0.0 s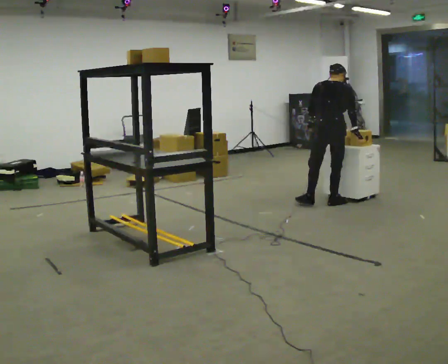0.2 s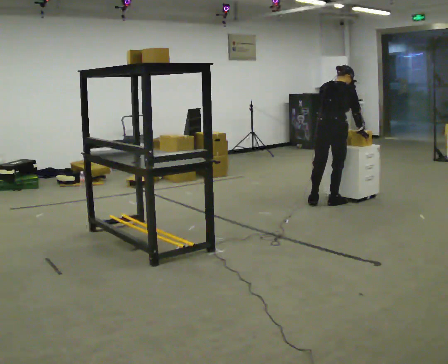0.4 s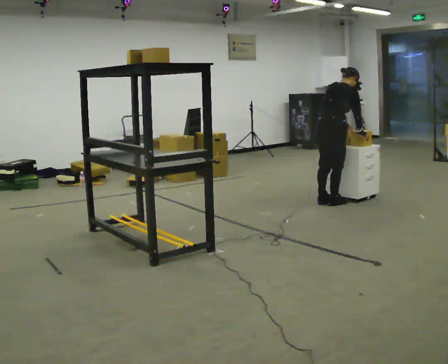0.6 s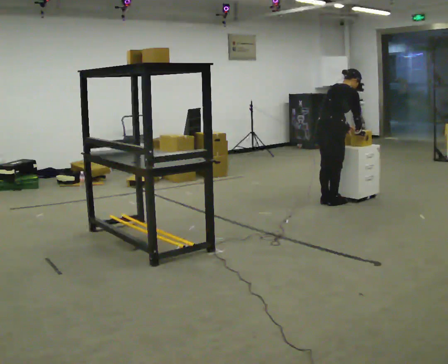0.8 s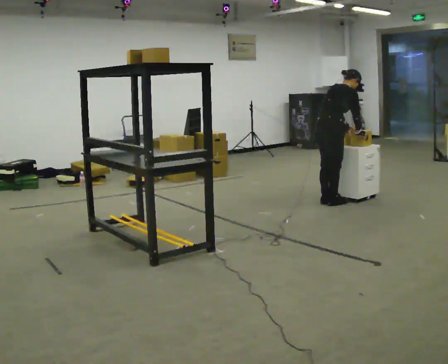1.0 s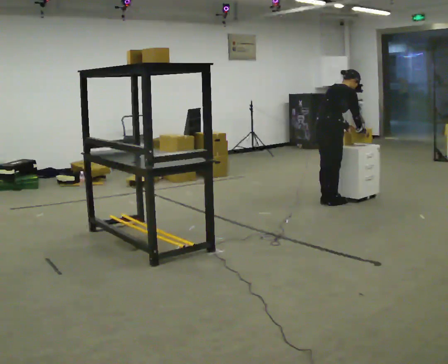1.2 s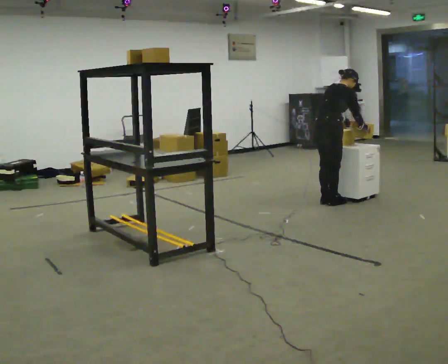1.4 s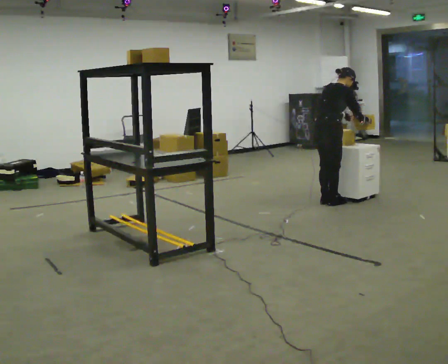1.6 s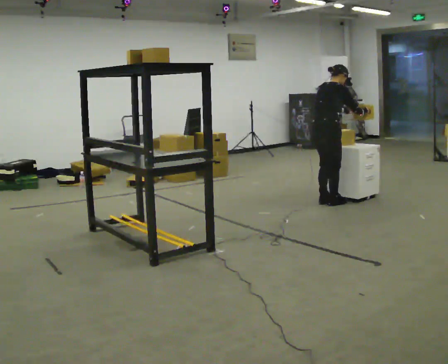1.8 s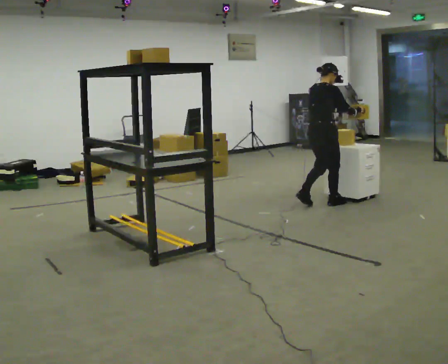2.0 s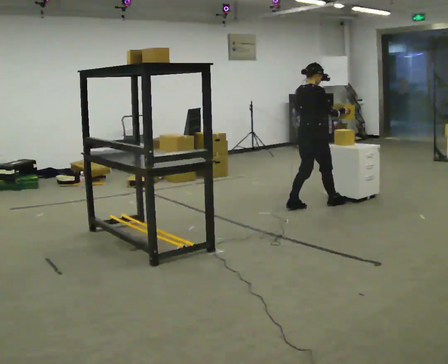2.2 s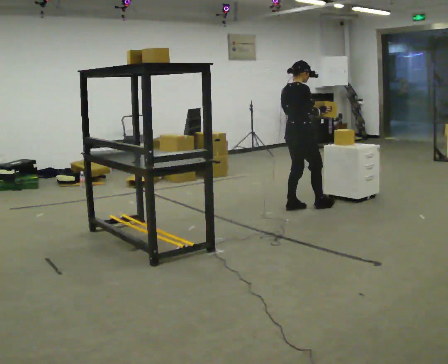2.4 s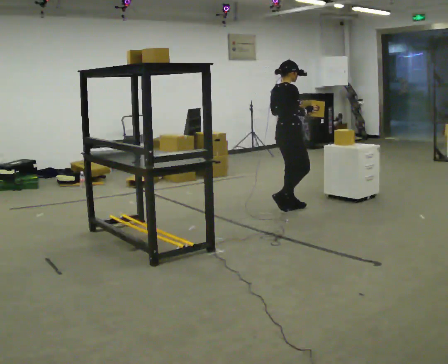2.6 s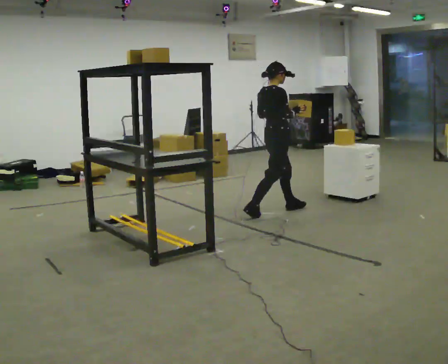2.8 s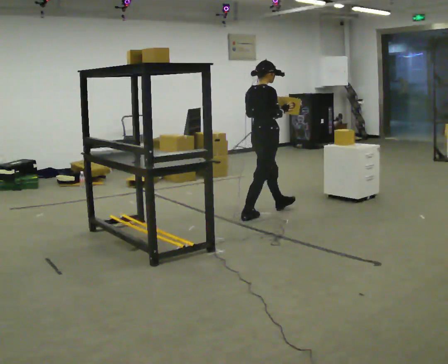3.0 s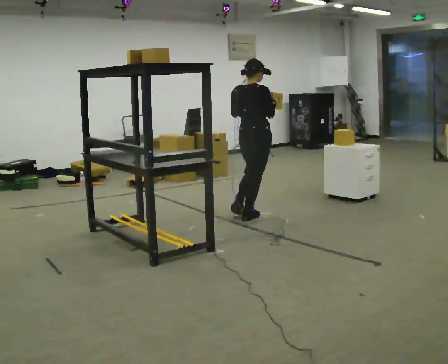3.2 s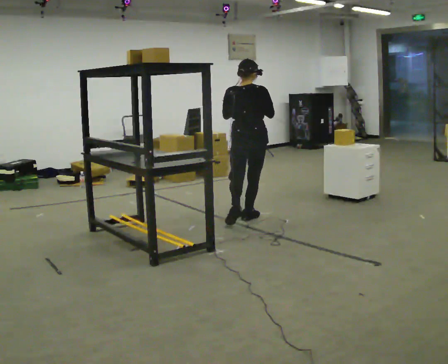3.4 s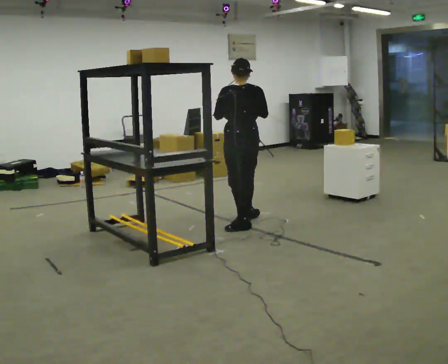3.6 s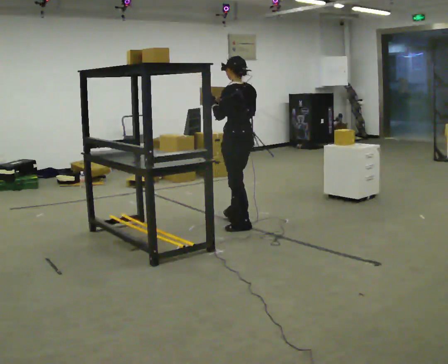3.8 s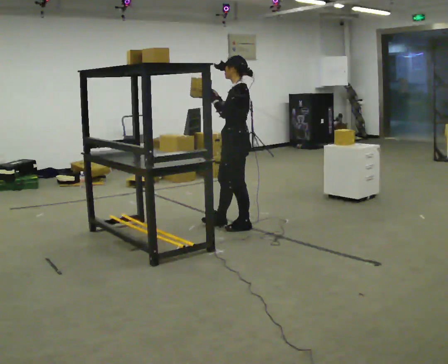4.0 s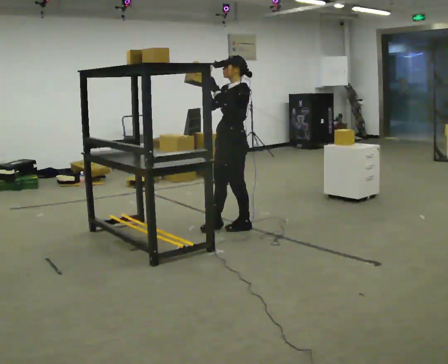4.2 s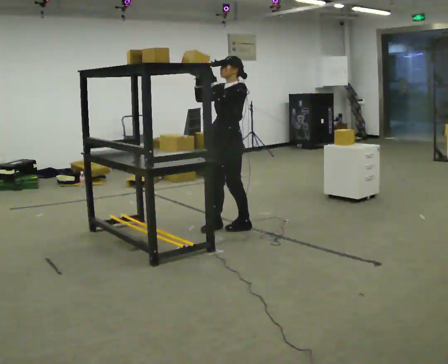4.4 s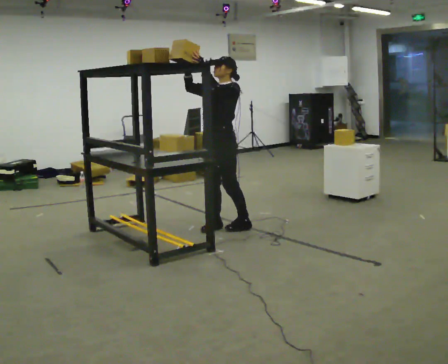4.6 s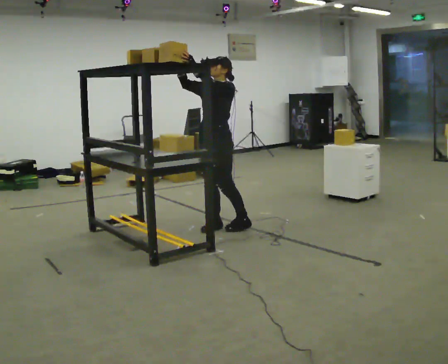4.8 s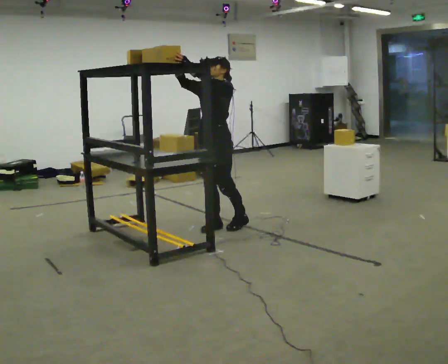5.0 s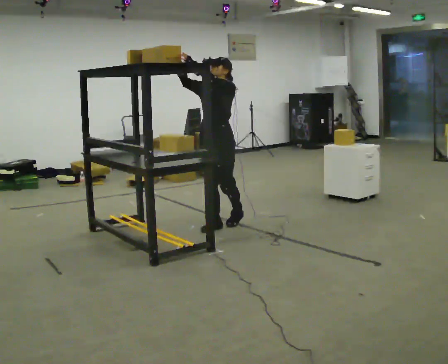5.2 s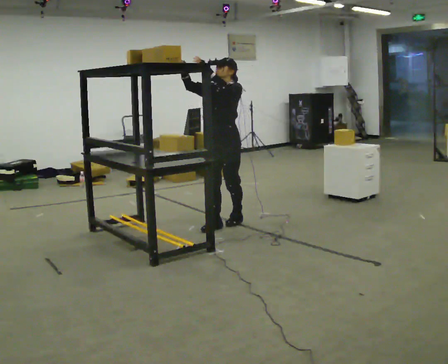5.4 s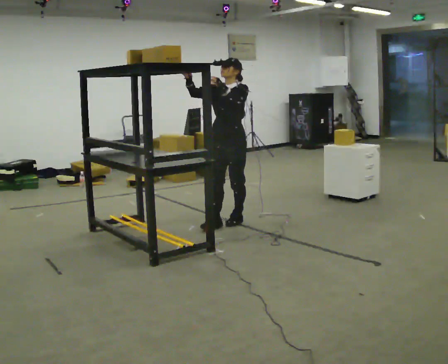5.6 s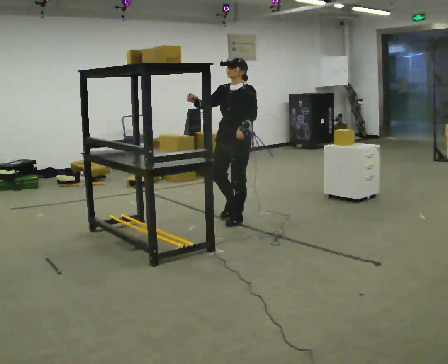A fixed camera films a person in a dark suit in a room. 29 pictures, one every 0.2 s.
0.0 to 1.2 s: The part of the body nearest the lens slides to the left as the person turns to their right by about 45 degrees. In the picture the upper body tilts clockwise, shoulders to the right, as they bend forward. In the picture their left hand goes to the right, the arm swinging counterclockwise.
1.2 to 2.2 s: In the picture they go to the left, about 0.25 m in 2 steps, which for them is backward. In the picture the upper body tilts counterclockwise, shoulders to the left, as they lean back or straighten.
2.2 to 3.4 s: The part of the body nearest the lens slides to the right as the person turns to their left by about 90 degrees. In the picture they go toward the camera and to the left, about 0.5 m in 1 step.
3.4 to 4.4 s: Seen from above the body turns counterclockwise, about 105 degrees: to their left, with its near side sliding to the right. In the picture they go to the left, about 0.25 m in 1 step. In the picture their right hand goes to the left and upward.
4.4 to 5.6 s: In the picture they go away from the camera, about 0.25 m in 2 steps, which for them is backward. In the picture their left hand goes downward.
The film runs backward here.
